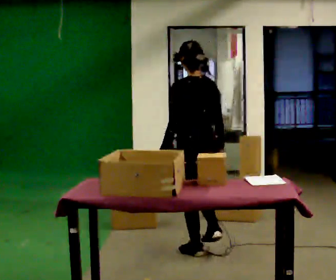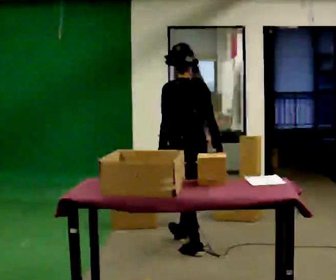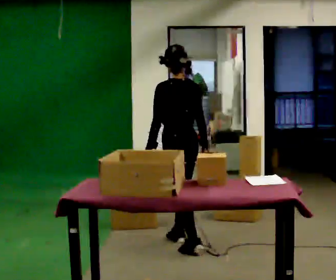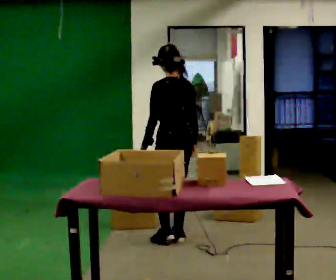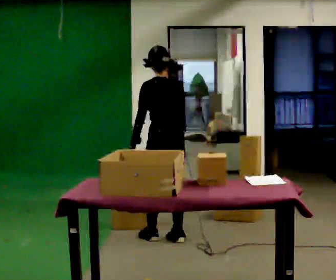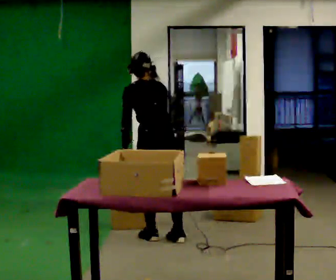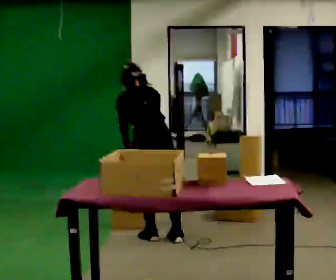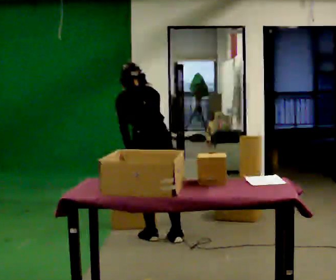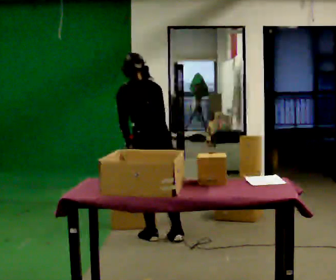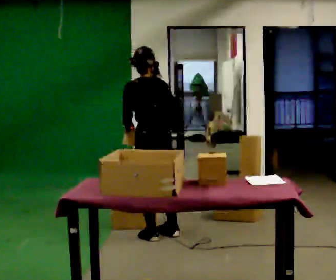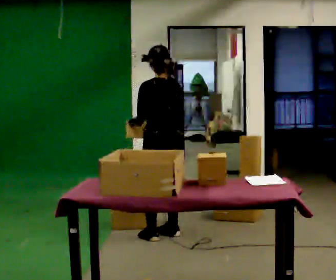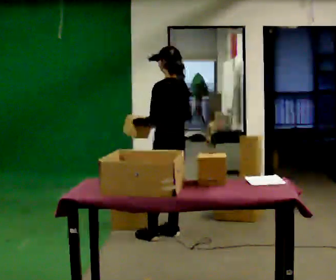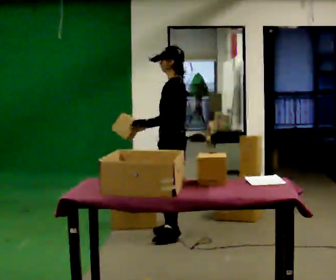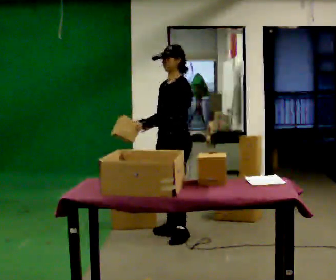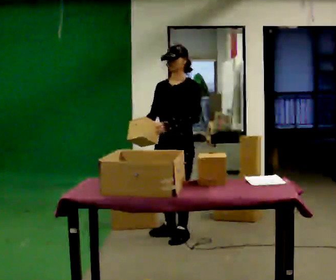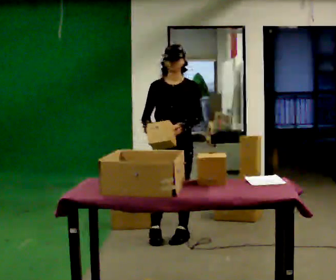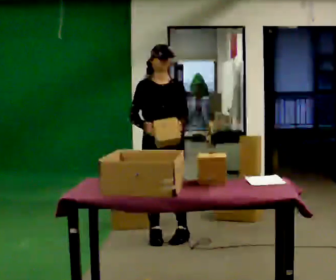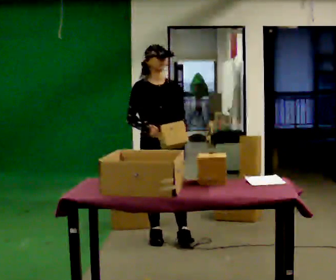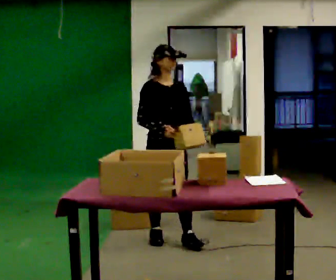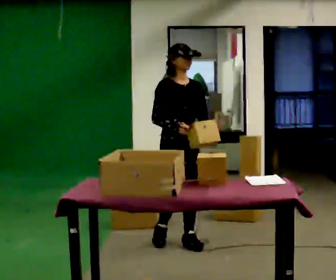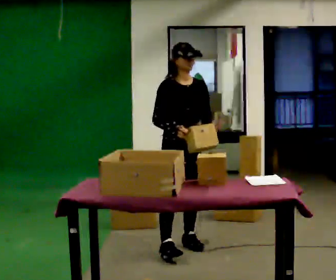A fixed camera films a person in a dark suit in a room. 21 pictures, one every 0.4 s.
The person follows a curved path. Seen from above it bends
clockwise.
0.0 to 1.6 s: In the picture they go away from the camera and to the left, about 0.5 m in 2 steps, which for them is forward.
1.6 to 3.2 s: The person moves a little, or ends about where they began.
3.2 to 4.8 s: Seen from above the body turns counterclockwise, about 75 degrees: to their left, with its near side sliding to the right. In the picture they go to the right, about 0.25 m in 1 step.
4.8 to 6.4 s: The person turns about 105 degrees to their left, counterclockwise seen from above, so the part of the body nearest the lens slides to the right. In the picture their left hand goes to the right.
6.4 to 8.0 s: In the picture they go toward the camera and to the right, about 0.25 m in 1 step, which for them is forward.
The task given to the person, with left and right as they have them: 1. Read the parts list. 2. Collect each part from the bins around the room. 3. Lay them out on the table in the order on the list. 4. Put them all in the carry case. 5. Tell the operator when you are finished.
The film runs forward here.
